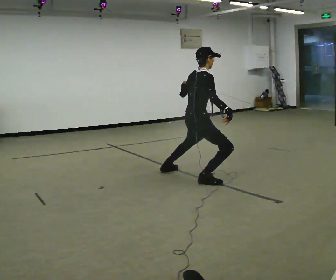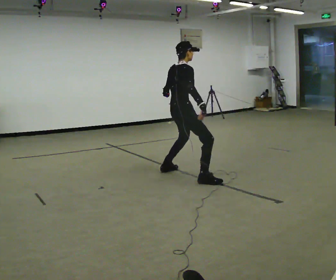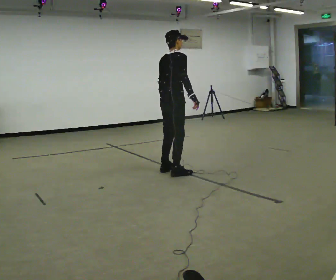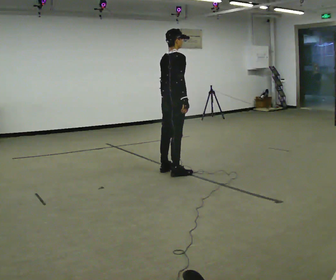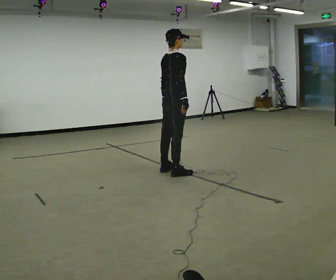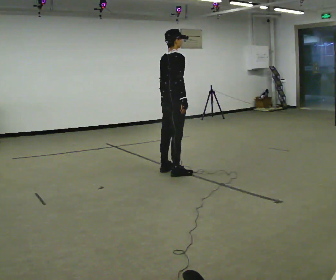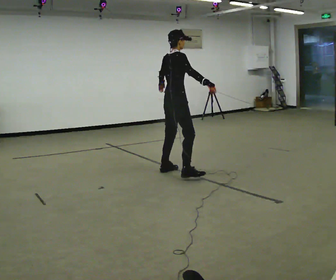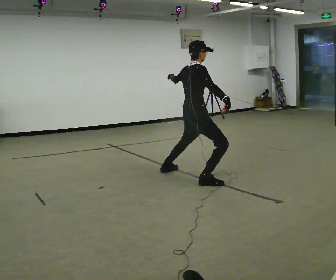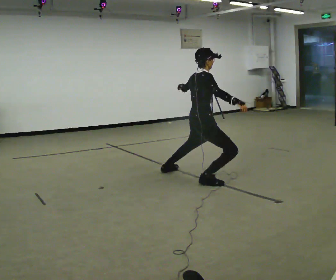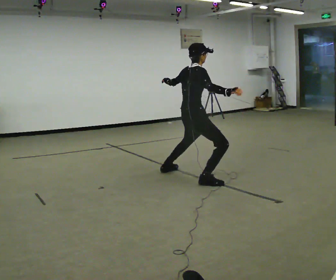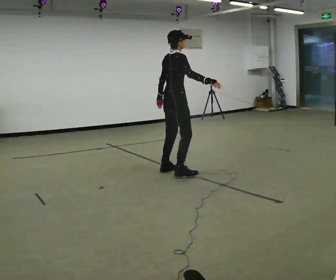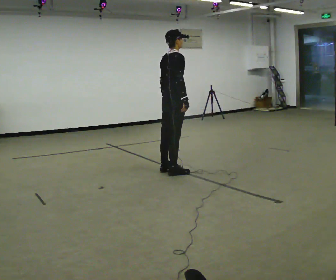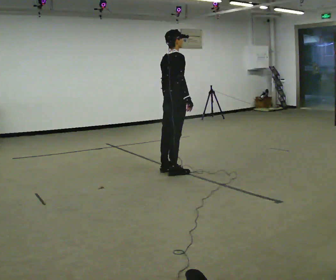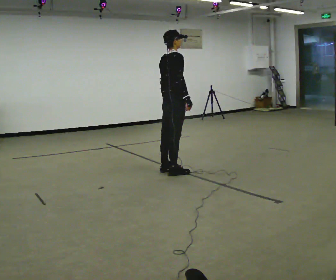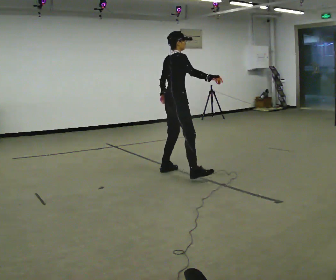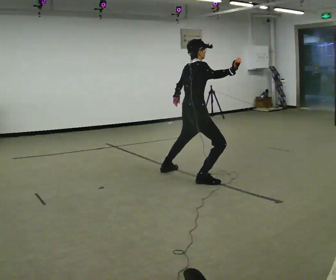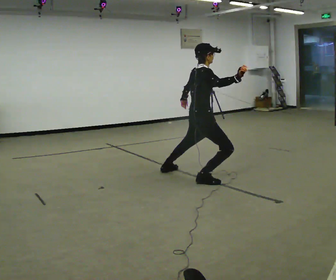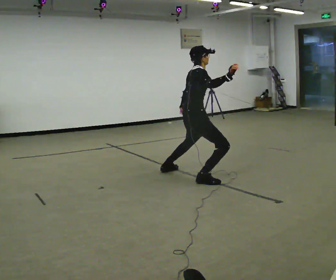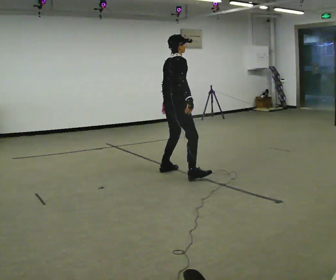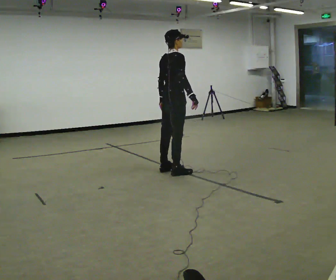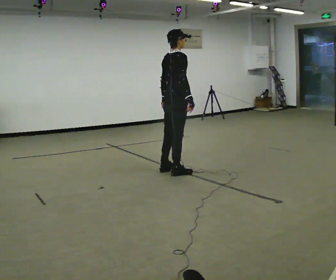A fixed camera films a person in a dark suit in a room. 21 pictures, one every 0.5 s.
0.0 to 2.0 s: In the picture they go away from the camera and to the left, about 0.5 m in 1 step, which for them is to their left. The upper body goes upward.
2.0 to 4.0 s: In the picture they go toward the camera and to the right, about 0.5 m in 1 step, which for them is to their right. The upper body goes downward.
4.0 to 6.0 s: In the picture they go away from the camera and to the left, about 0.5 m in 1 step, which for them is to their left. The upper body goes upward.
6.0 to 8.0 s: In the picture they go toward the camera and to the right, about 0.5 m in 1 step, which for them is to their right. The upper body goes downward.
8.0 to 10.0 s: In the picture they go away from the camera and to the left, about 0.5 m in 1 step, which for them is to their left. The shoulders move upward.
The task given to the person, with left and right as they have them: Move however you like, changing style and tempo as you go; keep moving continuously.
The film runs forward here.
